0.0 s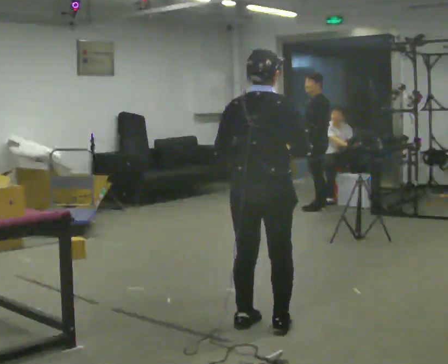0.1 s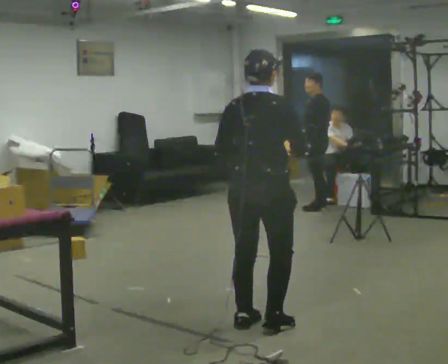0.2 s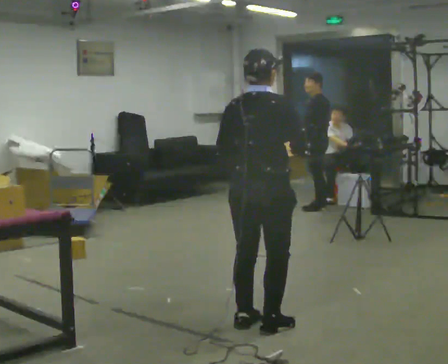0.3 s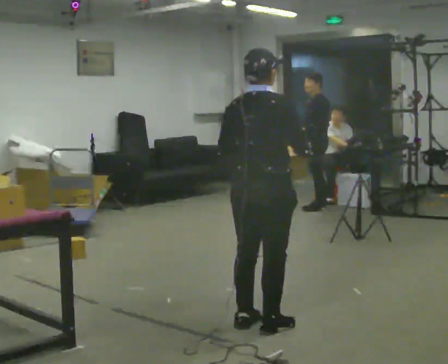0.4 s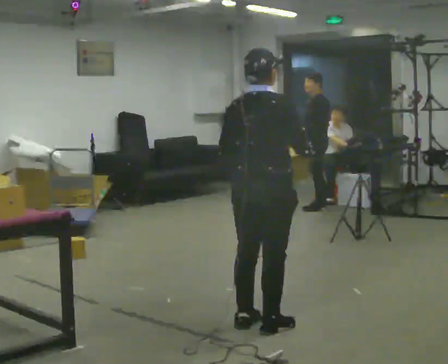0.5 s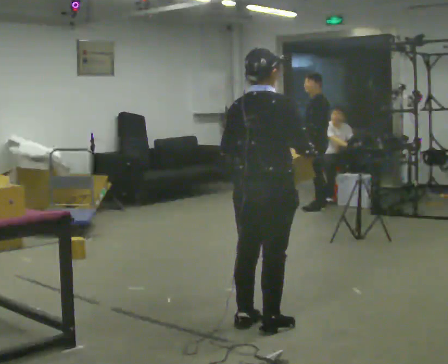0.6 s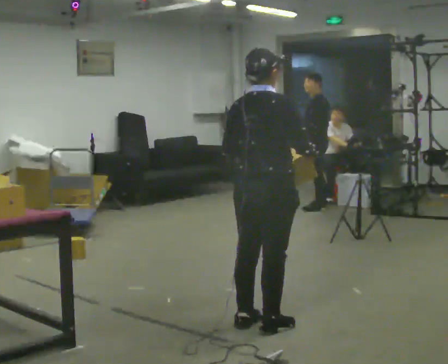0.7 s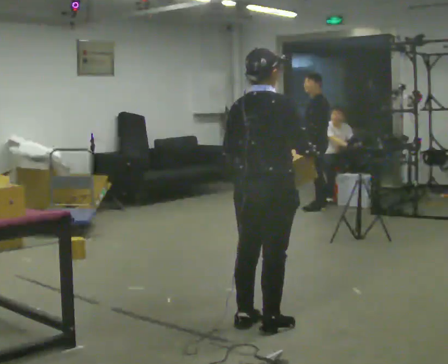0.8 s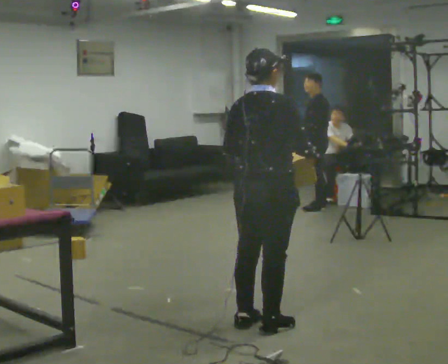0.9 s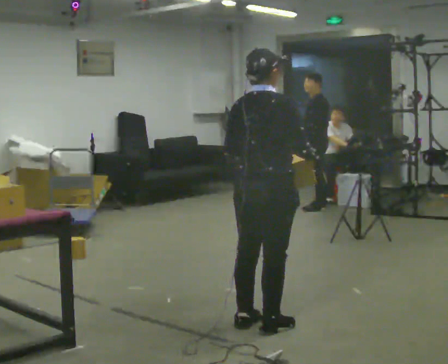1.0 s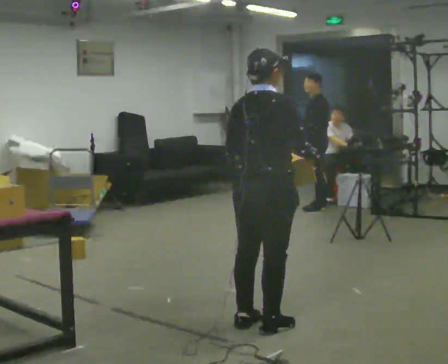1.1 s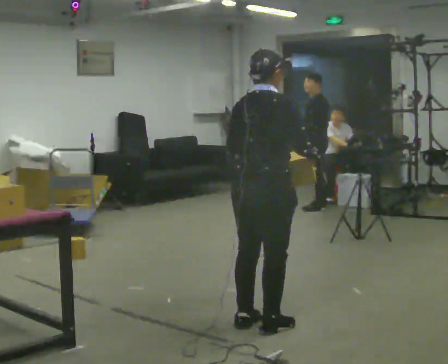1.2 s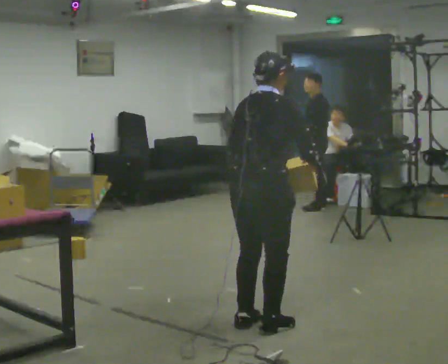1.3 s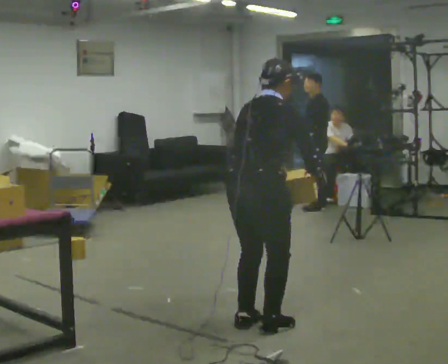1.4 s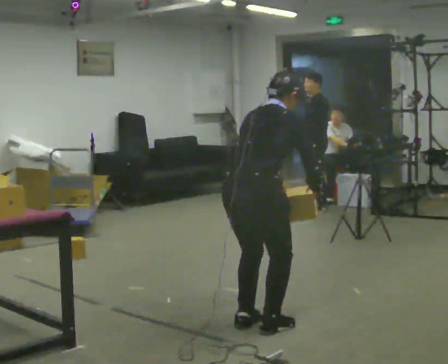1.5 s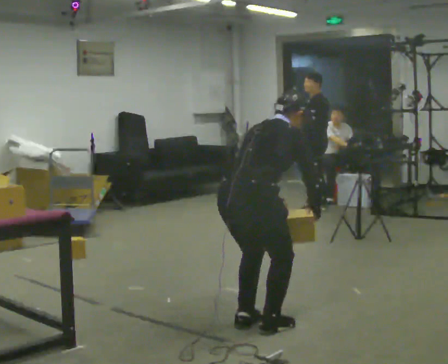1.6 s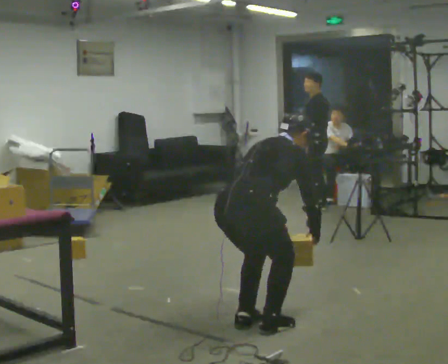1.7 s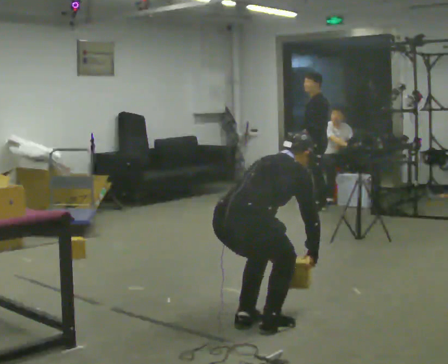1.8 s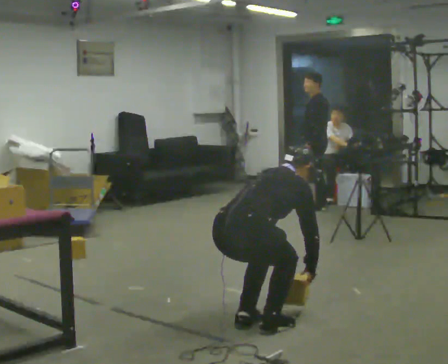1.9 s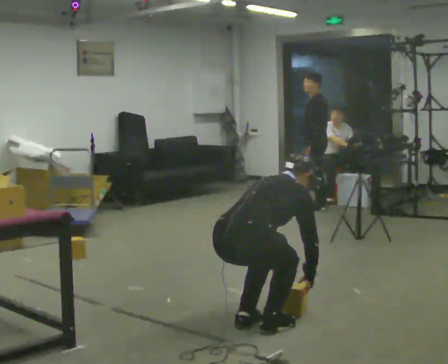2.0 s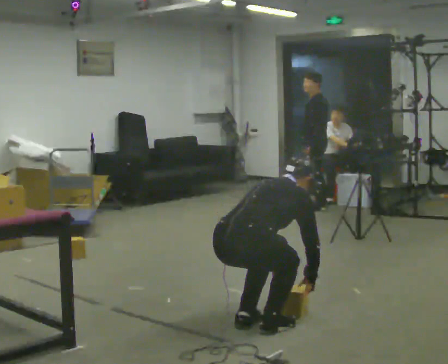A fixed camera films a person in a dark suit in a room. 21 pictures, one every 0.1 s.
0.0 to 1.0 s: The person moves a little, or ends about where they began.
1.0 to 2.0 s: The shoulders move downward. In the picture the upper body tilts clockwise, shoulders to the right, as they bend forward. In the picture their right hand goes downward.
The film runs backward here.
